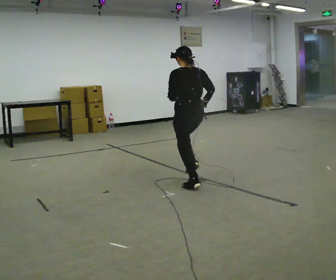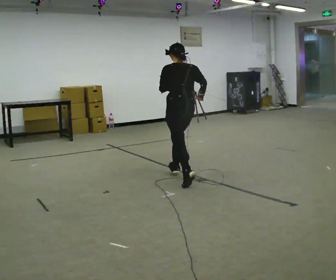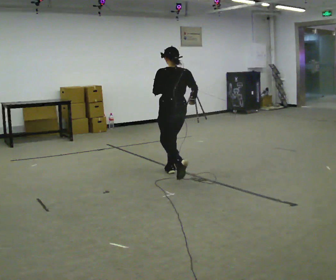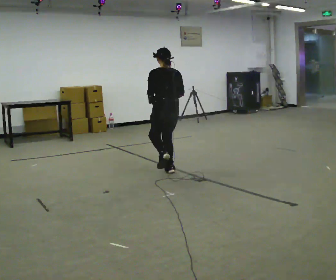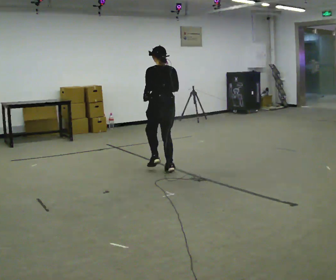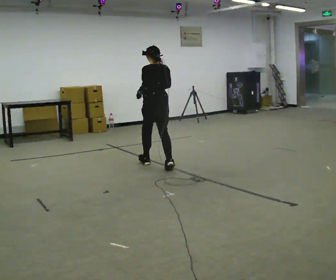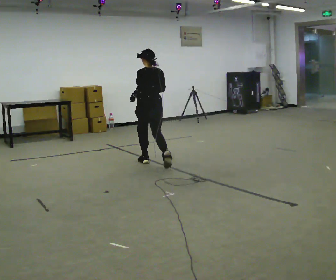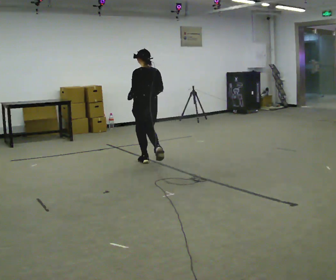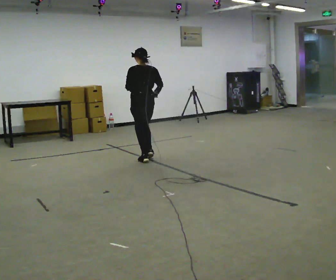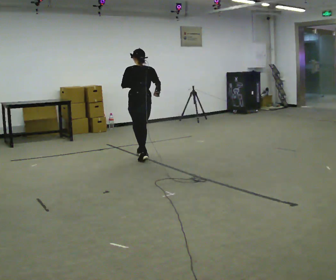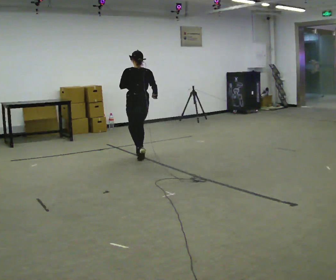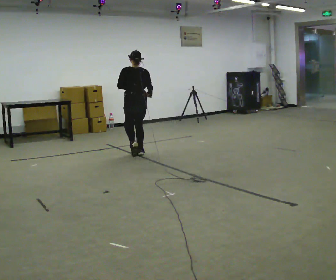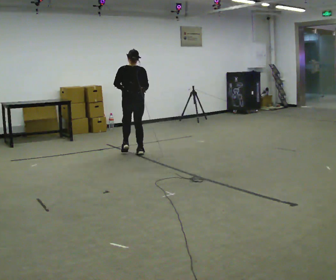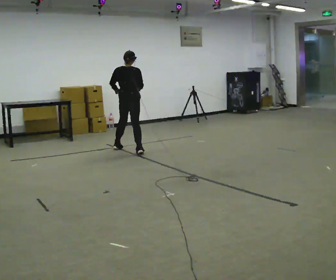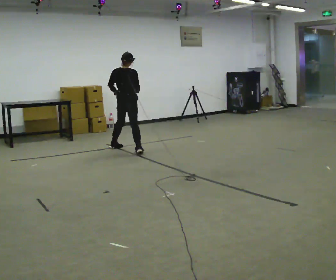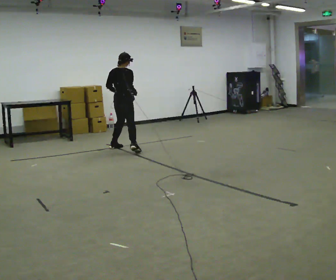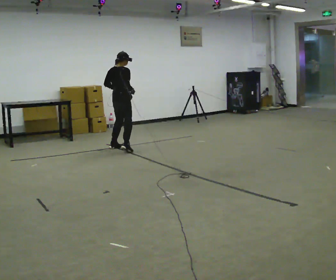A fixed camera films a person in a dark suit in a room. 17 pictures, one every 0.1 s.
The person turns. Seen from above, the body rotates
clockwise.
The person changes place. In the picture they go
away from the camera.
0.0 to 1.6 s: Seen from above the body turns clockwise, about 75 degrees: to their right, with its near side sliding to the left. In the picture they go away from the camera and to the left, about 2 m in 4 steps.
The film runs forward here.
